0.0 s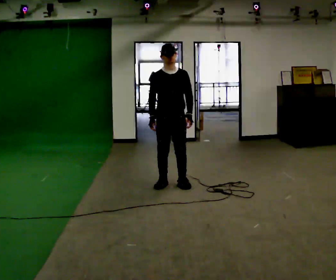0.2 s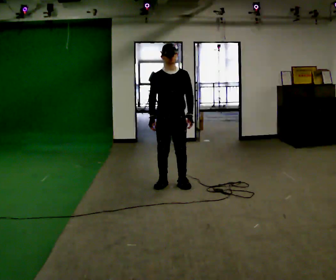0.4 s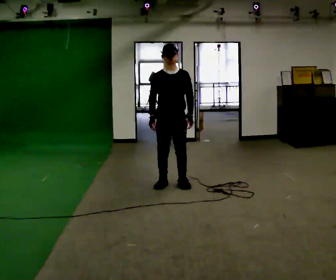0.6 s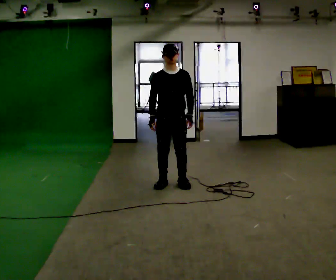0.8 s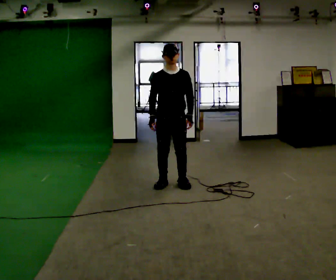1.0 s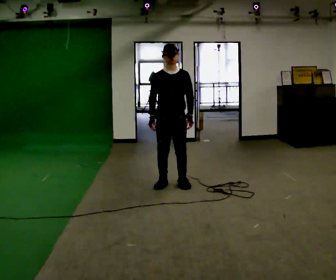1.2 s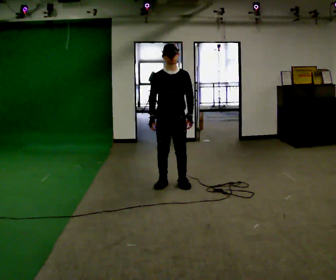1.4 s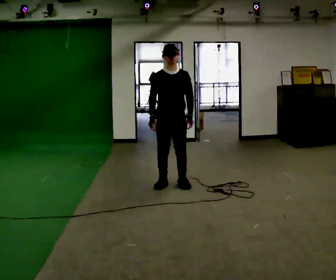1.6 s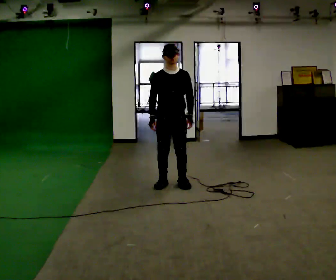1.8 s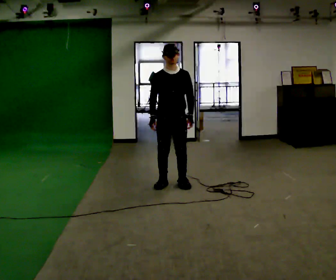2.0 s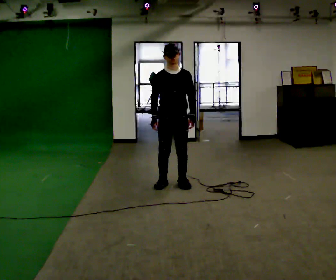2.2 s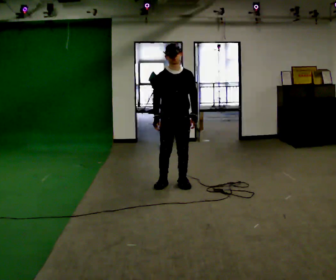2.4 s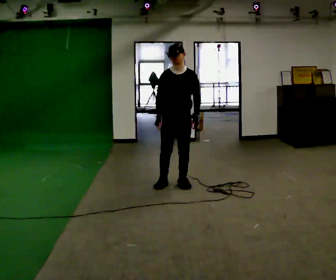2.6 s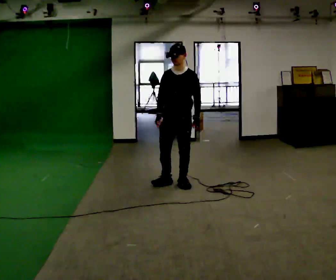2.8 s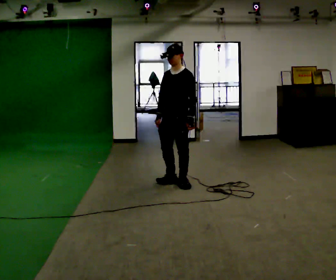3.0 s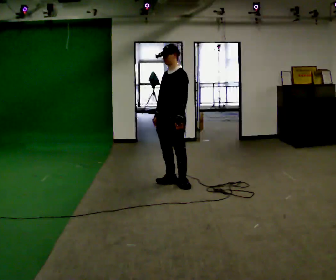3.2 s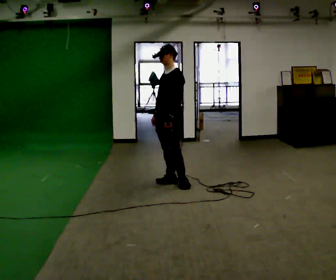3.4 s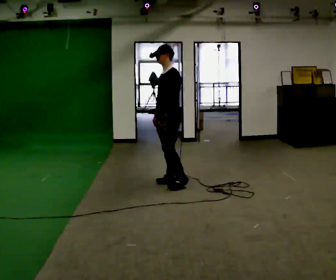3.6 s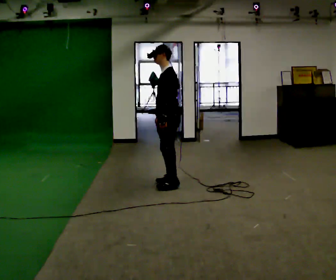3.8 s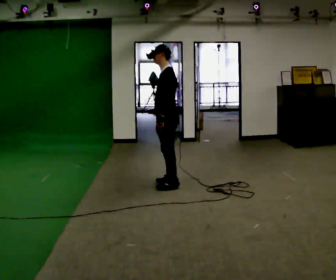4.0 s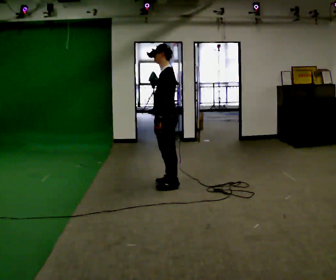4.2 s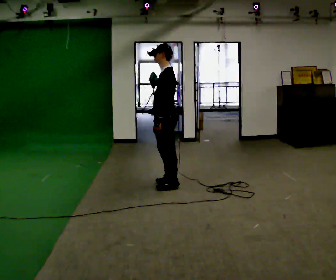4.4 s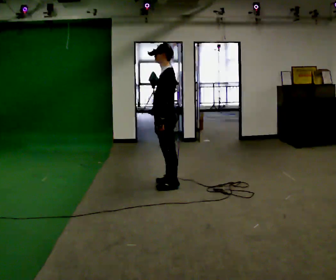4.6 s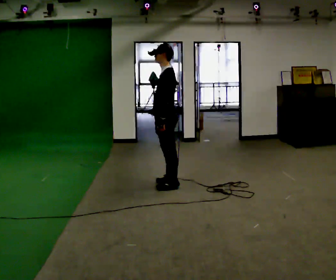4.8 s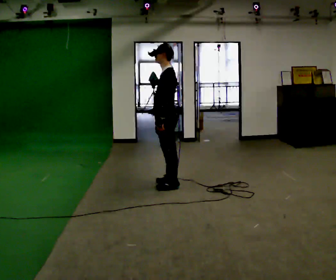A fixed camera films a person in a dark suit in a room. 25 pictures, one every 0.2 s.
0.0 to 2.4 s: The person moves a little, or ends about where they began.
2.4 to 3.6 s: The part of the body nearest the lens slides to the left as the person turns to their right by about 75 degrees. In the picture their left hand goes to the left.
3.6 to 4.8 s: The person moves a little, or ends about where they began.
The film runs forward here.
